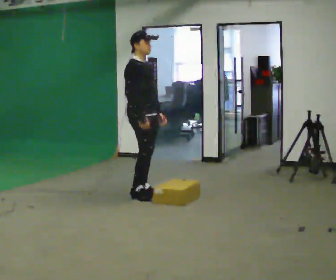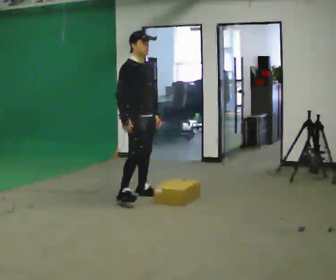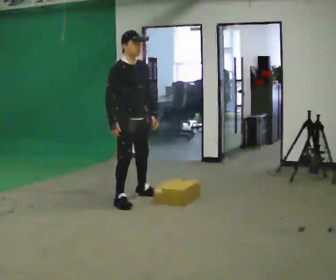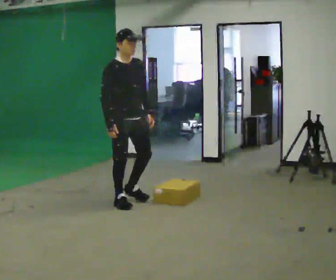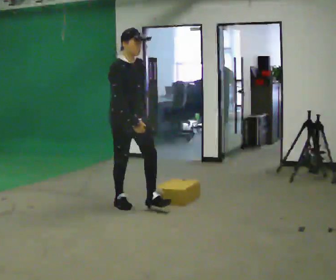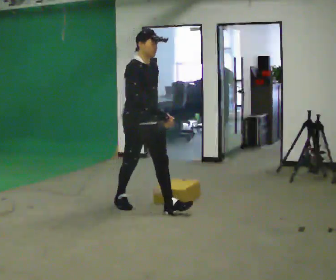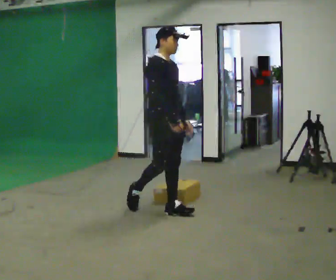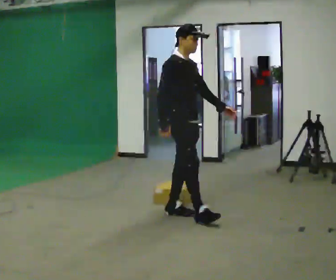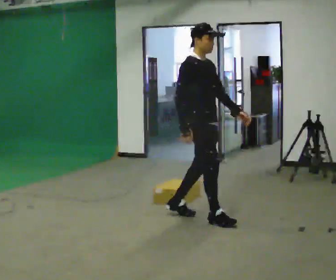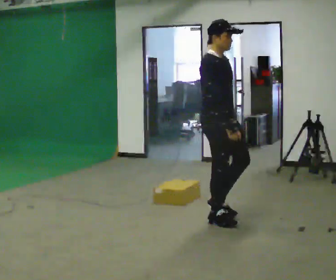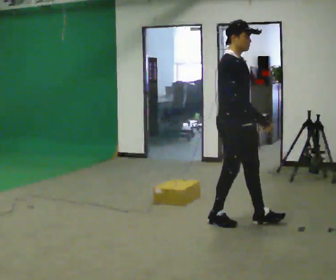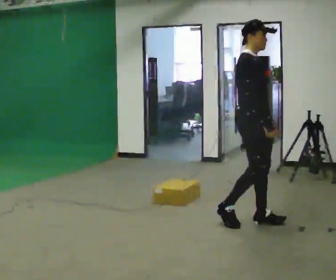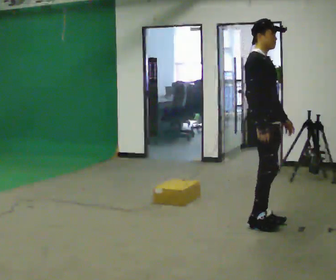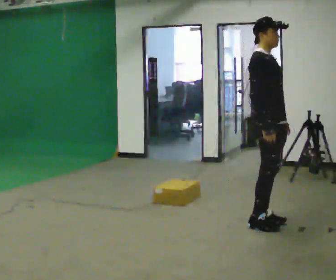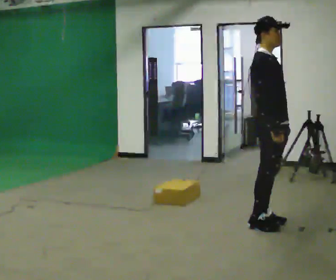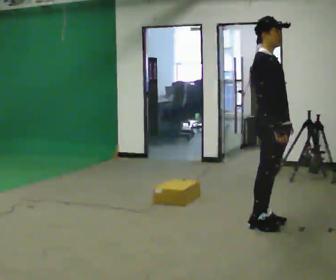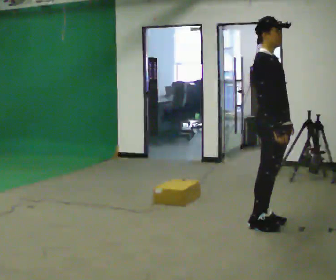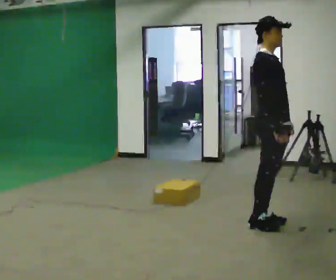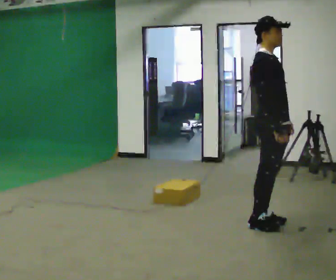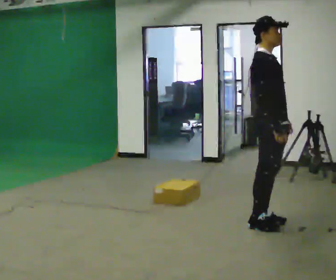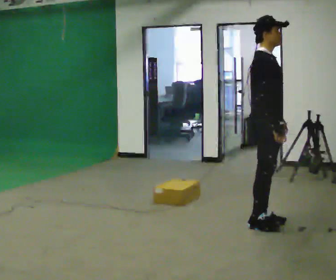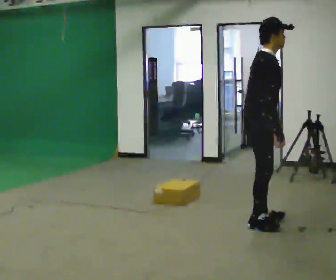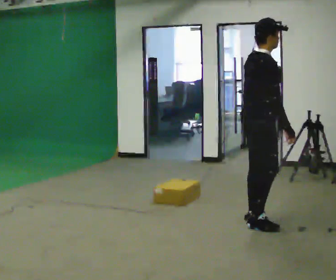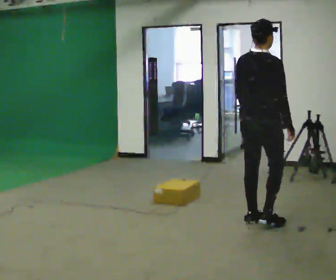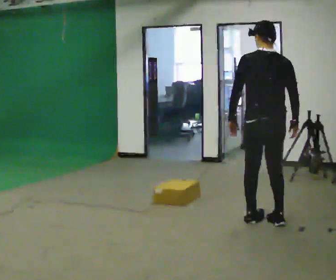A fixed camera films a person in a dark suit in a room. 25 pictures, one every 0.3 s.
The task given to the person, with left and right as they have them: Start still; walk straight at normal comfortable speed; stop at endpoint.
0.0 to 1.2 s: In the picture they go toward the camera, about 0.5 m in 1 step, which for them is to their right and forward.
1.2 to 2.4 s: In the picture they go to the right and toward the camera, about 1 m in 2 steps, which for them is forward.
2.4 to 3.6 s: In the picture they go to the right, about 0.5 m in 2 steps, which for them is forward.
3.6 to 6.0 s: The person moves a little, or ends about where they began.
6.0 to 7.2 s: Seen from above the body turns counterclockwise, about 105 degrees: to their left, with its near side sliding to the right. In the picture their left hand goes to the left.
The film runs forward here.
